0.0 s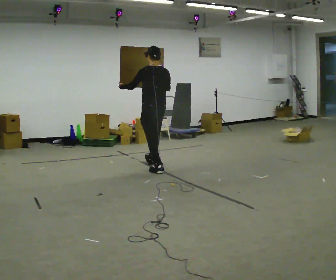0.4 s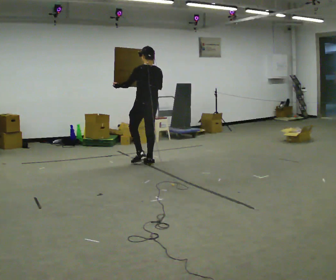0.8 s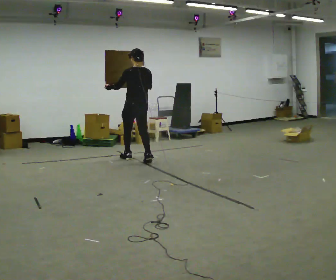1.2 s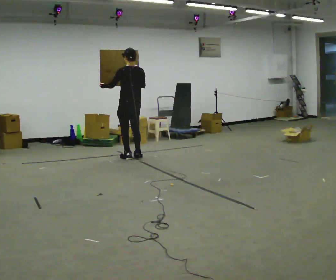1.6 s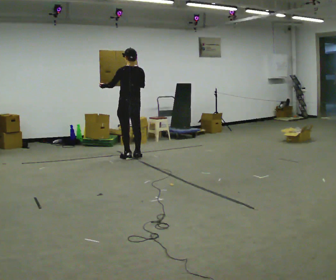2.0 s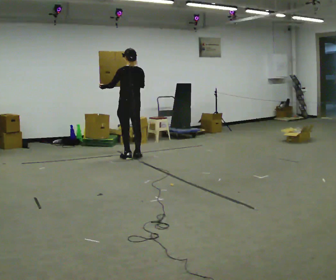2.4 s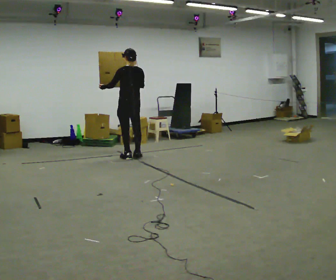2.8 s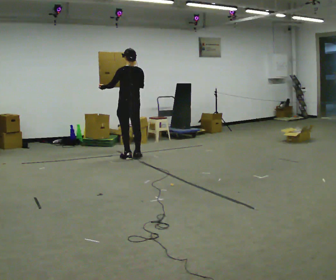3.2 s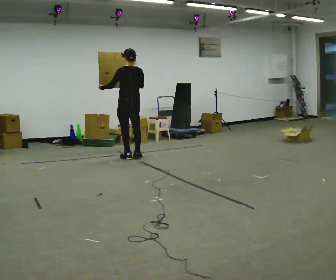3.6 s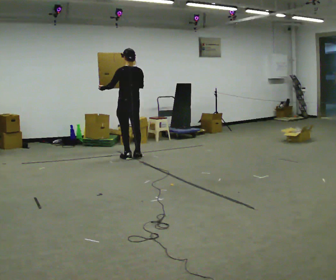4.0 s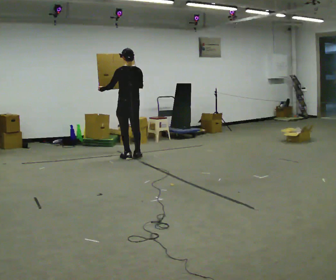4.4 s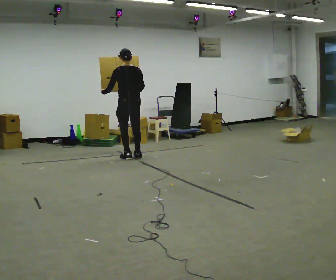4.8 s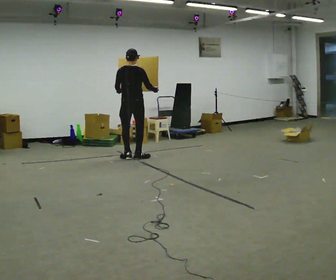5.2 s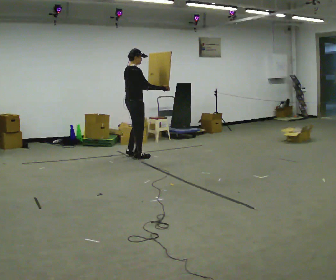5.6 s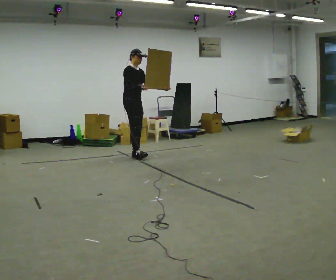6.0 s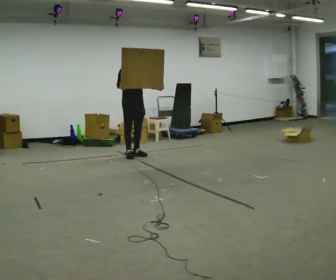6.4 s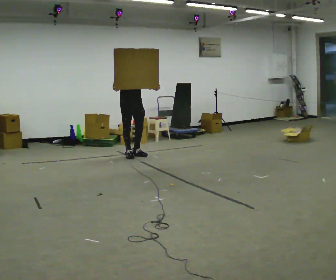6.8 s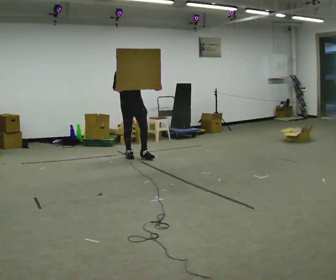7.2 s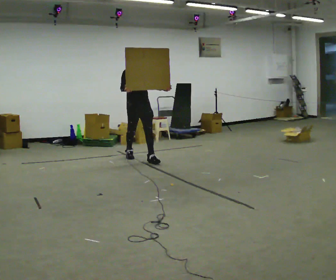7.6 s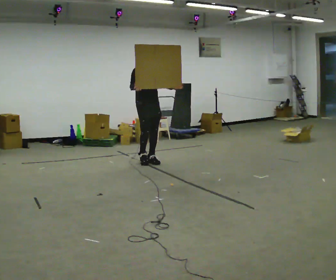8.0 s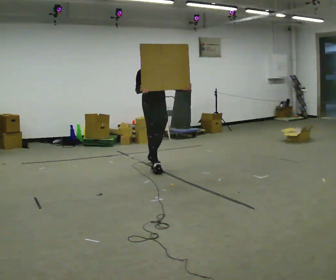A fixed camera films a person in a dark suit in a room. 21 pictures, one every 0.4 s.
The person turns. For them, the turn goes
to their right.
The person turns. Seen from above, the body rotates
clockwise.
0.0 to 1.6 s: In the picture they go away from the camera and to the left, about 1 m in 2 steps, which for them is forward.
1.6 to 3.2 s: The person moves a little, or ends about where they began.
3.2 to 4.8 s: Seen from above the body turns clockwise, about 45 degrees: to their right, with its near side sliding to the left. In the picture their right hand goes to the right.
4.8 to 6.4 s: The person turns about 150 degrees to their right, clockwise seen from above, so the part of the body nearest the lens slides to the left. In the picture their right hand goes to the left.
6.4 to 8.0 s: In the picture they go toward the camera and to the right, about 1 m in 2 steps, which for them is forward.
The film runs forward here.
